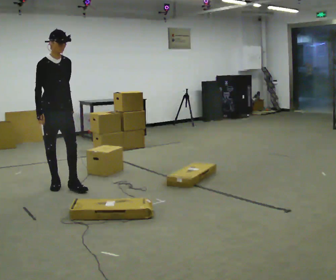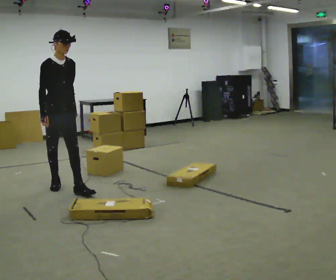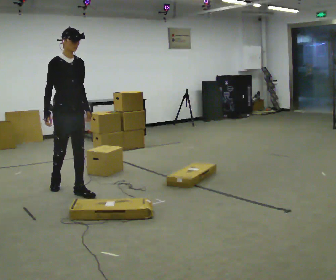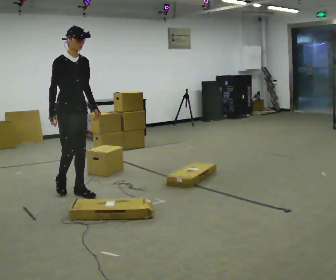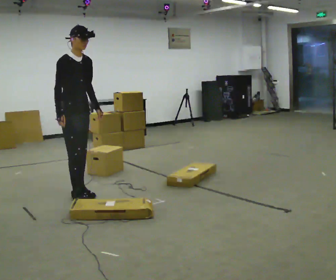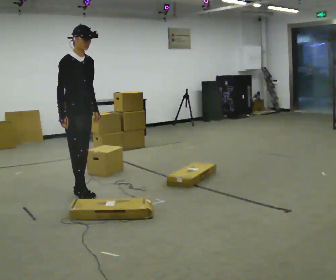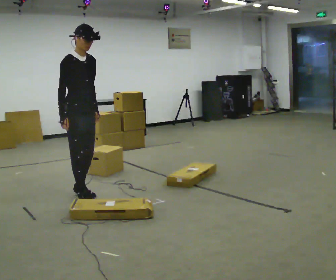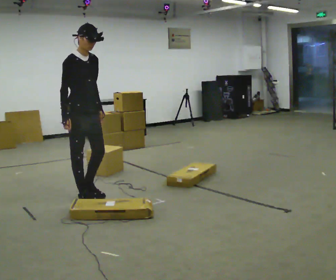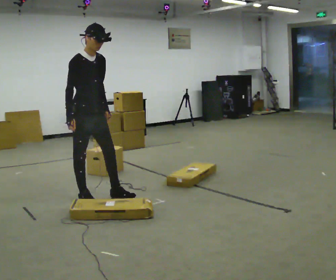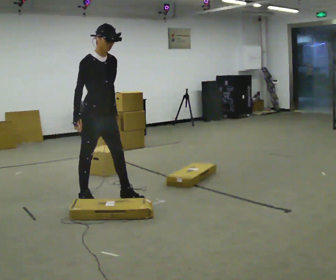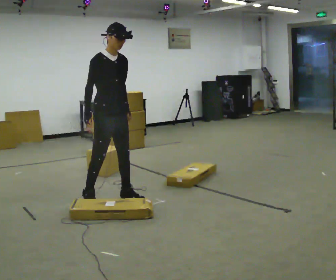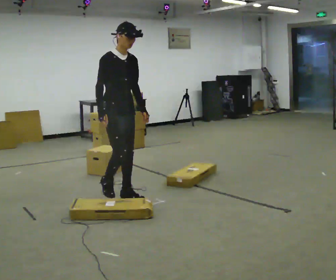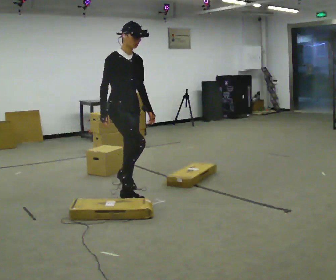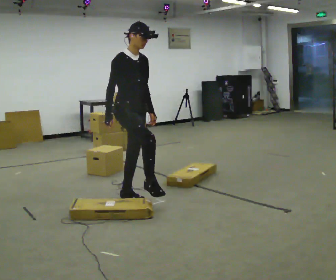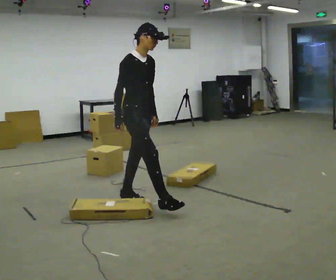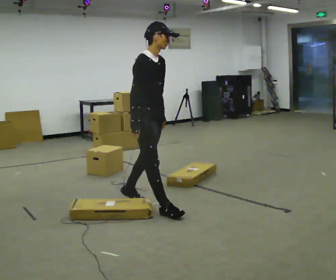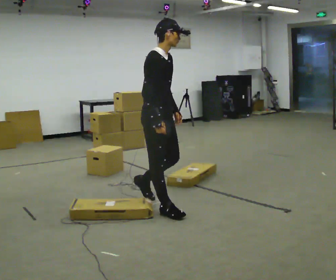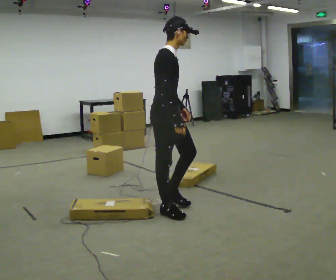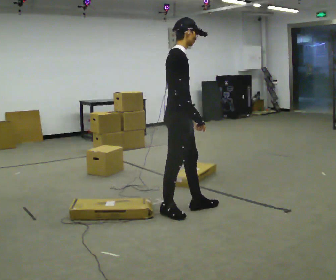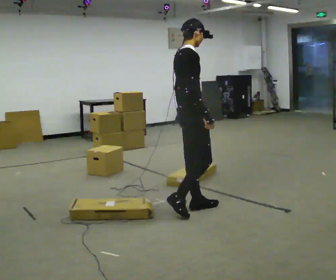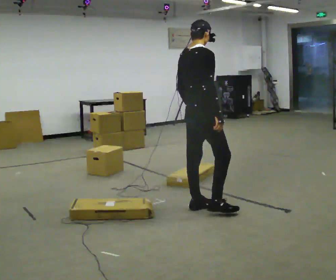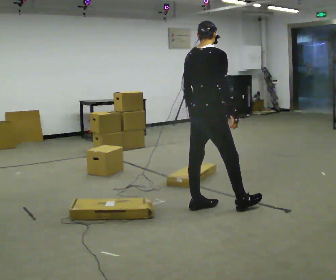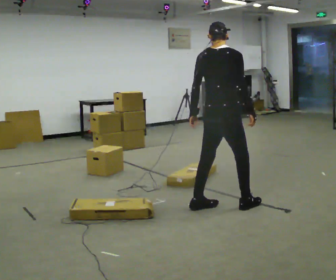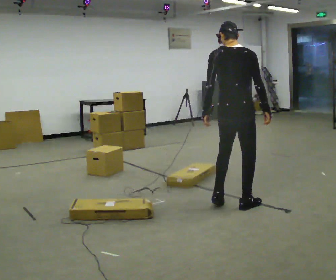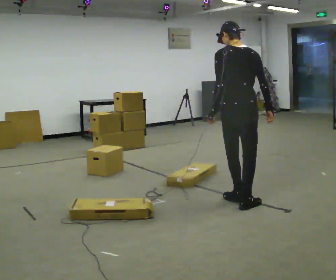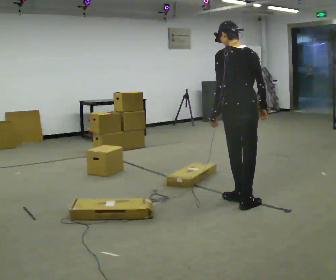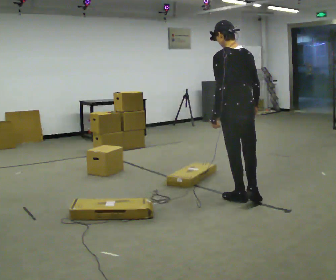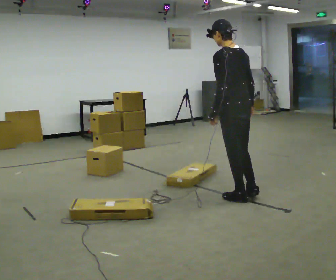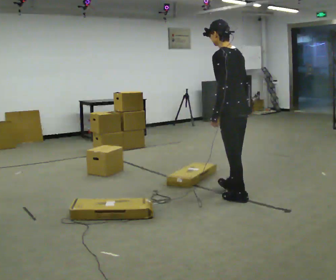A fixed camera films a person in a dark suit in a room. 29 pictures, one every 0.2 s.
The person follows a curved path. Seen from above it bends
counterclockwise.
The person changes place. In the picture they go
to the right.
0.0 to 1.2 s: In the picture they go toward the camera and to the right, about 0.5 m in 2 steps, which for them is forward.
1.2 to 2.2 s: In the picture they go to the right, about 0.5 m in 1 step, which for them is forward and to their left.
2.2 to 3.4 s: The person turns about 30 degrees to their left, counterclockwise seen from above, so the part of the body nearest the lens slides to the right. In the picture they go to the right and toward the camera, about 0.5 m in 1 step, which for them is forward.
3.4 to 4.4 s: The part of the body nearest the lens slides to the right as the person turns to their left by about 75 degrees. In the picture they go to the right, about 0.5 m in 2 steps.
4.4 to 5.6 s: The person turns about 75 degrees to their left, counterclockwise seen from above, so the part of the body nearest the lens slides to the right. In the picture they go to the right and away from the camera, about 0.25 m in 1 step.
The film runs forward here.
